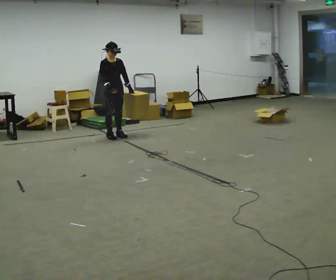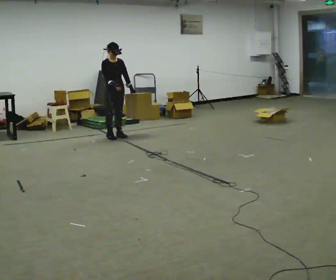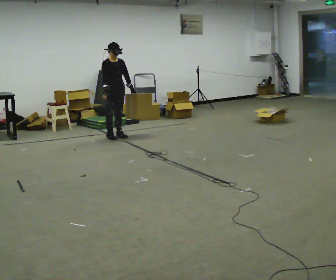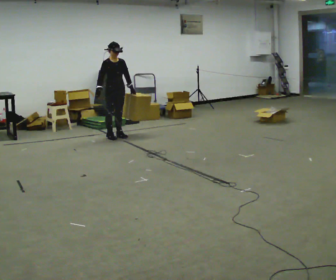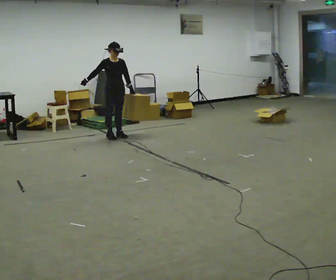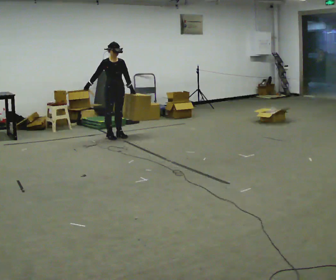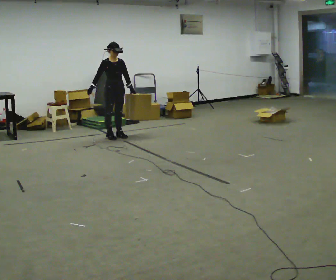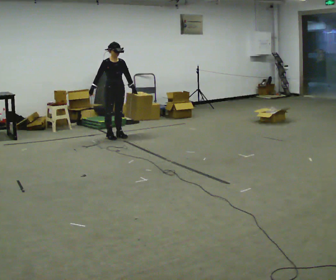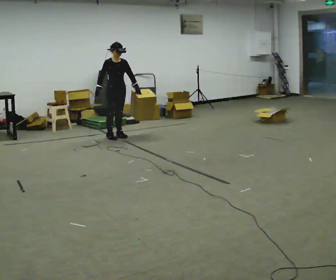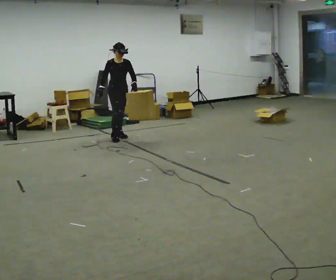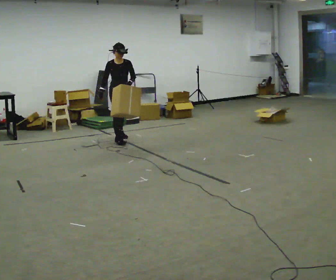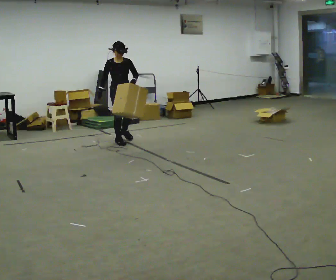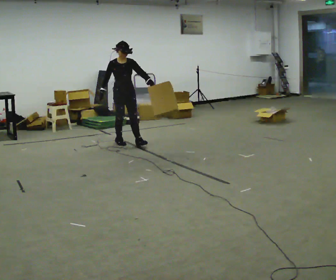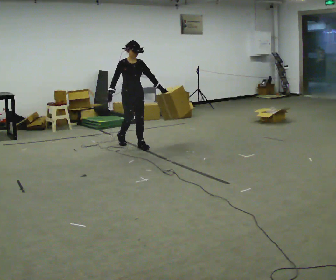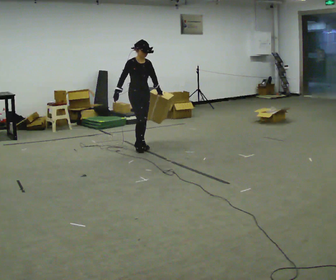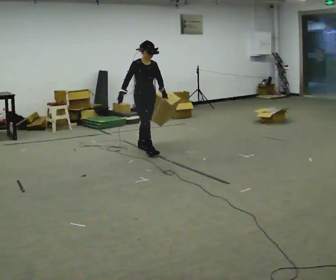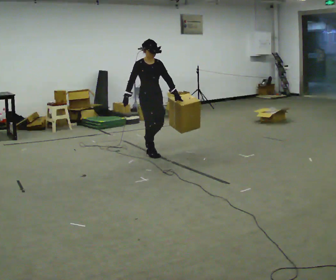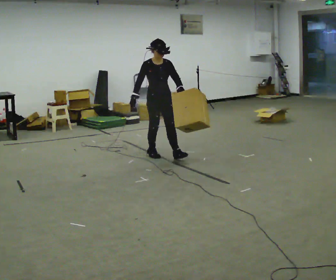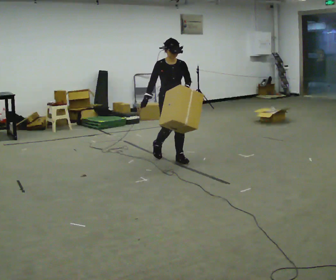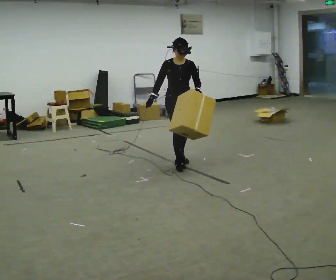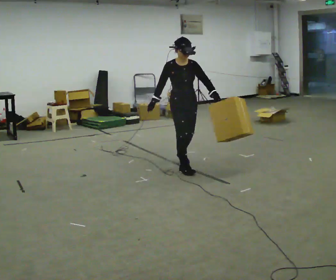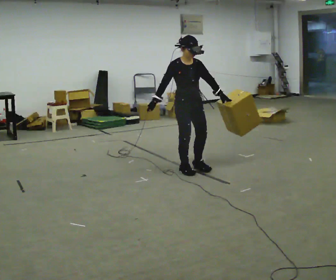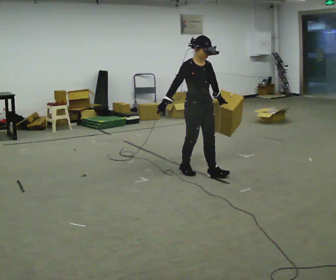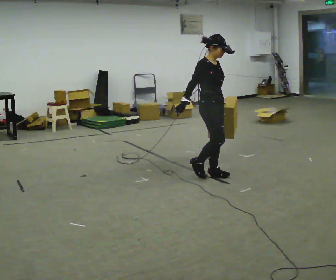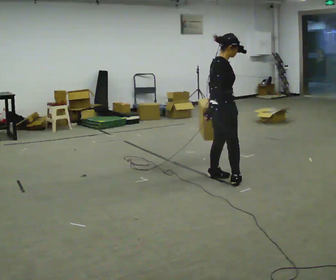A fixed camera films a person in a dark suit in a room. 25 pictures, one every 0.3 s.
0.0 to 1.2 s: In the picture their right hand goes to the left.
1.2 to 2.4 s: The person moves a little, or ends about where they began.
2.4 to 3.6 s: In the picture they go toward the camera, about 0.5 m in 1 step, which for them is forward.
3.6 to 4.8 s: In the picture they go toward the camera and to the right, about 0.75 m in 2 steps, which for them is forward.
4.8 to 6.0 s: In the picture they go toward the camera and to the right, about 0.5 m in 2 steps, which for them is forward.
6.0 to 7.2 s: The person turns about 75 degrees to their left, counterclockwise seen from above, so the part of the body nearest the lens slides to the right. In the picture they go toward the camera and to the right, about 0.5 m in 2 steps.
The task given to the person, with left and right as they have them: Carry the object in the hand the operator calls, down at your side, walking back and forth across the room.
The film runs forward here.
